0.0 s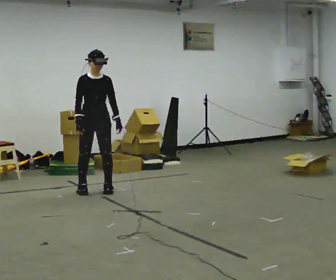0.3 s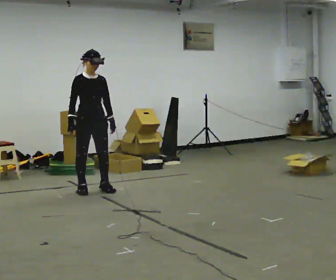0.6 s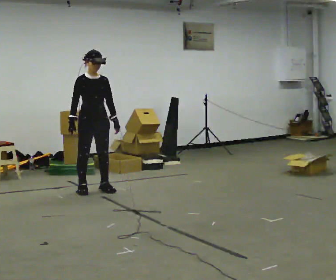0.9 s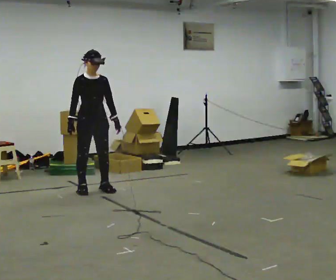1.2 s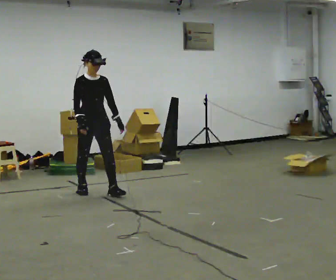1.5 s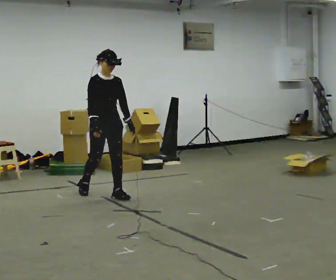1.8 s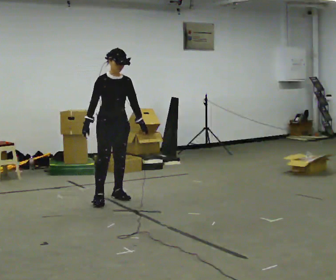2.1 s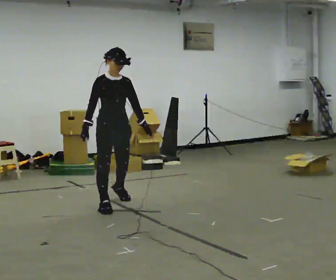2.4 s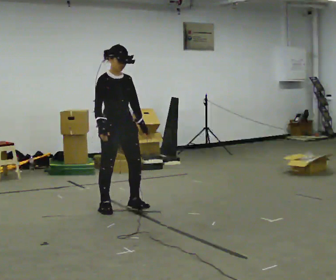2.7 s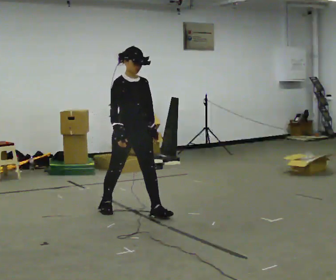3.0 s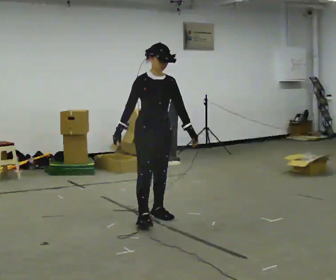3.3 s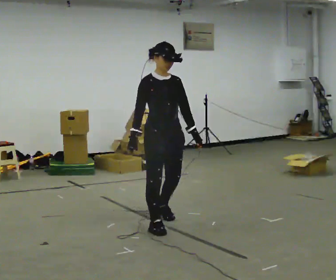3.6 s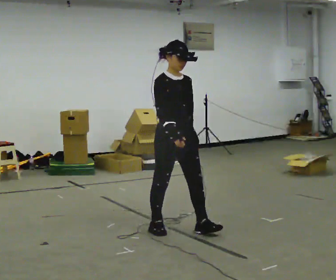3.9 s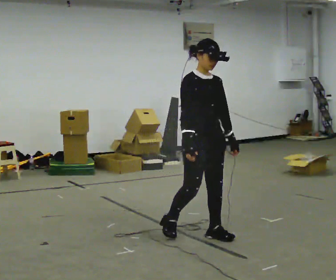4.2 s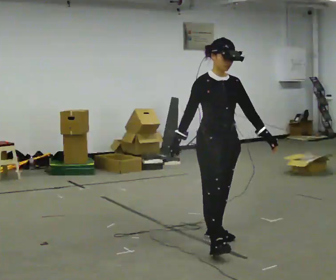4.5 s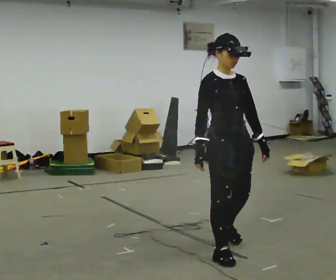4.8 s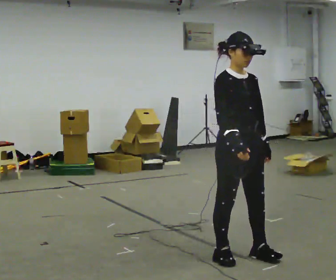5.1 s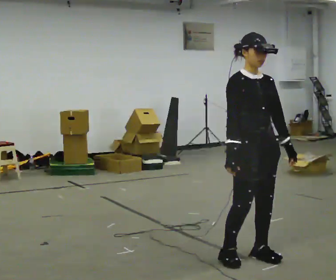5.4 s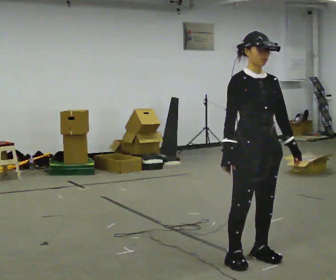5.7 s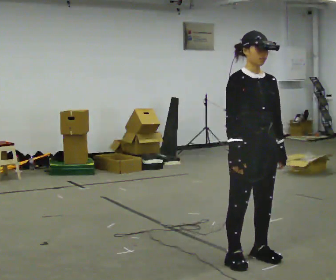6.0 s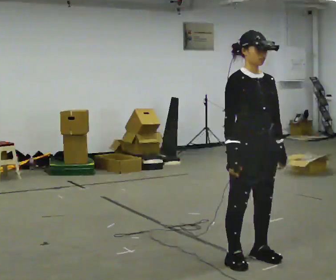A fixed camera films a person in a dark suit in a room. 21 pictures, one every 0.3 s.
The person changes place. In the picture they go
toward the camera.
0.0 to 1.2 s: The person moves a little, or ends about where they began.
1.2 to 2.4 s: In the picture they go toward the camera and to the right, about 1 m in 2 steps, which for them is forward.
2.4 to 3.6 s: In the picture they go toward the camera and to the right, about 1 m in 2 steps, which for them is forward.
3.6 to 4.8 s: In the picture they go toward the camera and to the right, about 1 m in 3 steps, which for them is forward.
4.8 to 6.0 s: The person moves a little, or ends about where they began.
The film runs forward here.
